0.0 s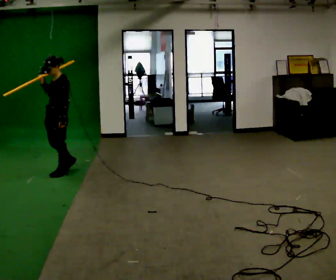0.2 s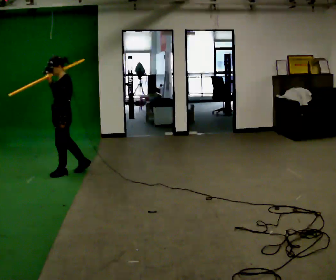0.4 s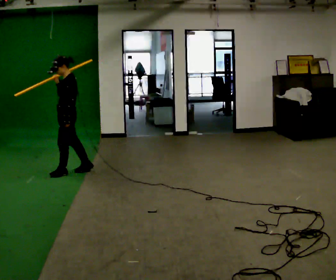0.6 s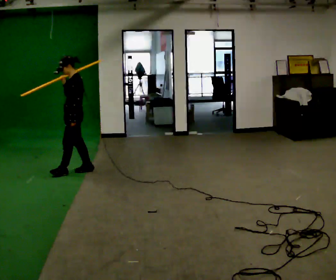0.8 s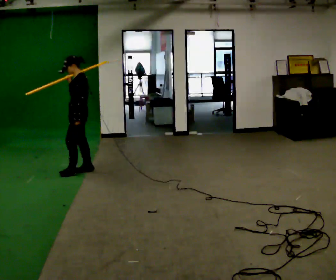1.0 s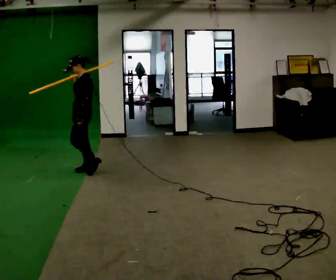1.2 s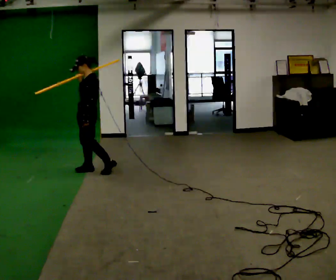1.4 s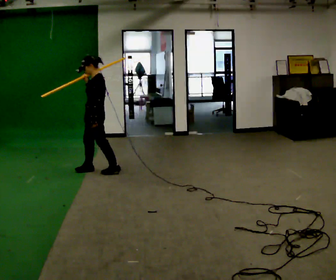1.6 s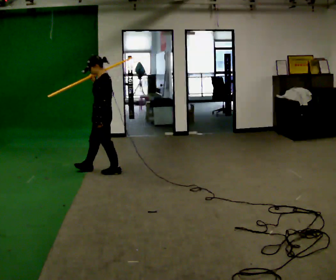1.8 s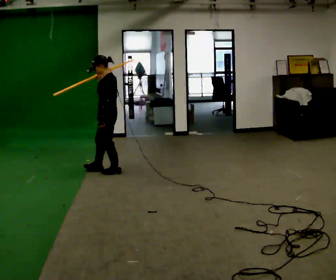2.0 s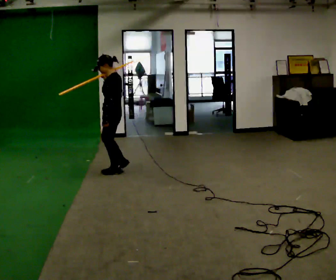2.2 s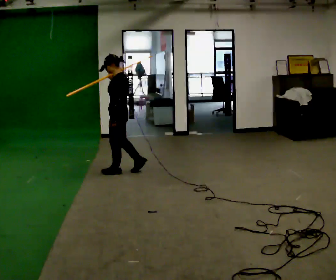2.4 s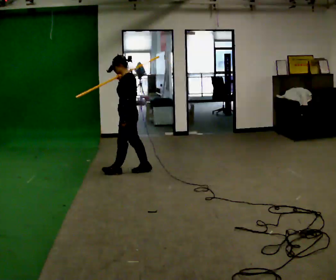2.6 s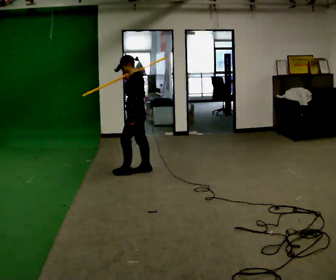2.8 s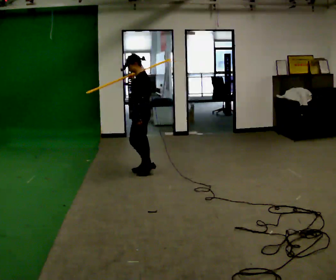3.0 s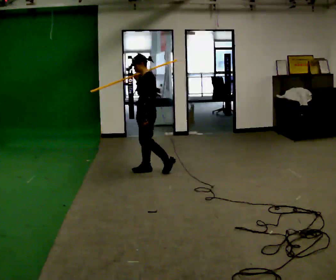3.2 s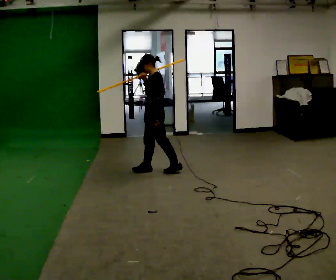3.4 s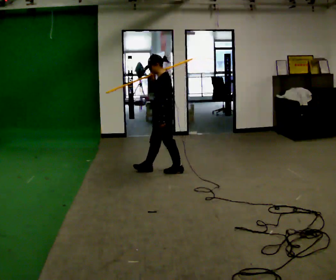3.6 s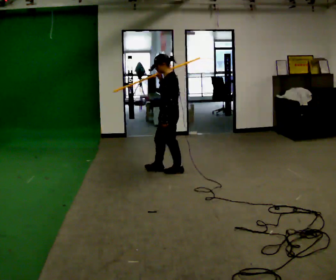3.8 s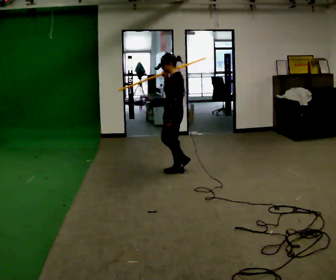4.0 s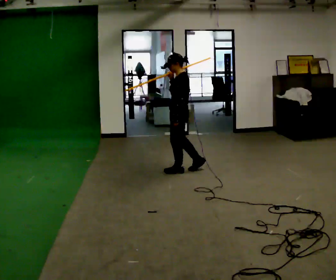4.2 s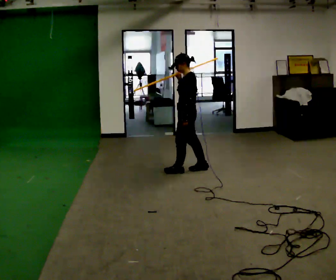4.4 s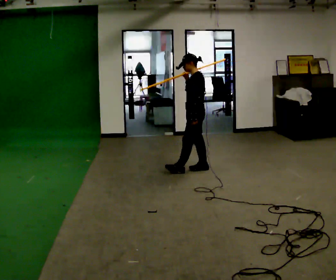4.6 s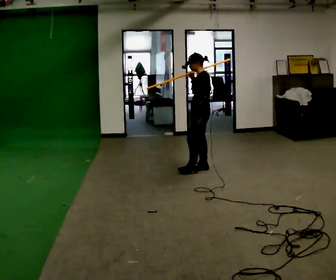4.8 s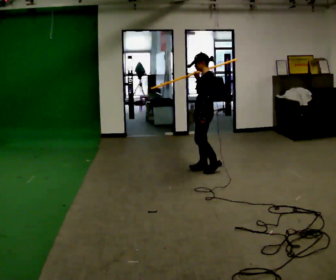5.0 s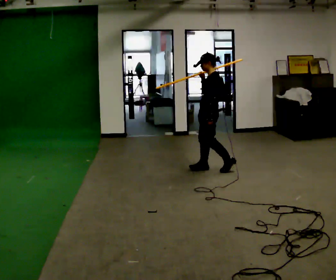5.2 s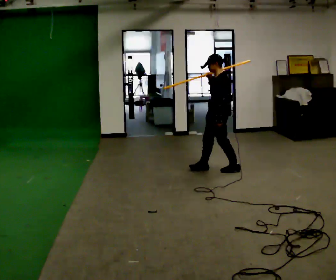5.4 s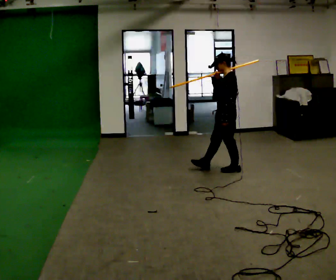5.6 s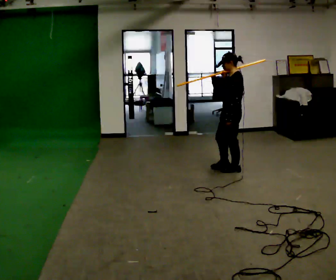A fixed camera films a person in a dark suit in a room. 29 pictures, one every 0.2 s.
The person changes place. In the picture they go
to the right.
0.0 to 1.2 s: The person turns about 30 degrees to their right, clockwise seen from above, so the part of the body nearest the lens slides to the left. In the picture they go to the right, about 0.5 m in 1 step, which for them is backward.
1.2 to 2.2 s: In the picture they go to the right, about 0.5 m in 1 step, which for them is backward.
2.2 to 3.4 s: In the picture they go to the right, about 0.5 m in 1 step, which for them is backward.
3.4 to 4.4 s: In the picture they go to the right, about 0.5 m in 1 step, which for them is backward.
4.4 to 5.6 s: In the picture they go to the right and toward the camera, about 0.5 m in 2 steps, which for them is backward.
The film runs backward here.
